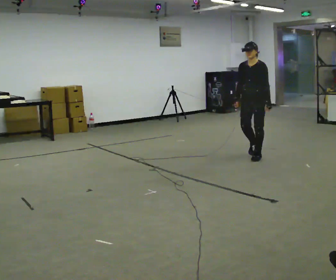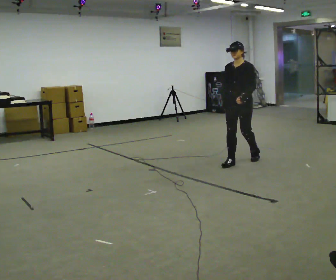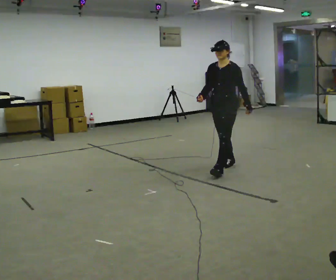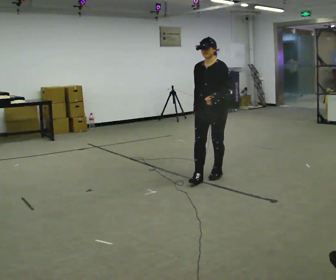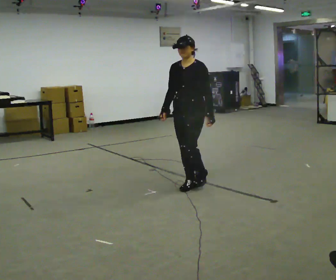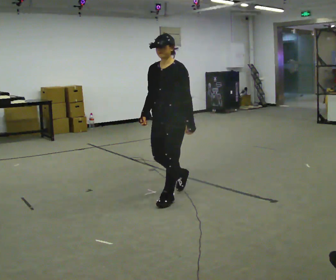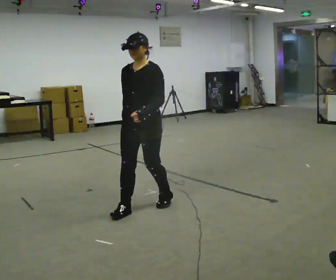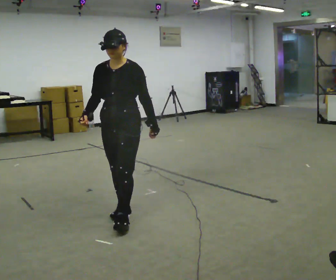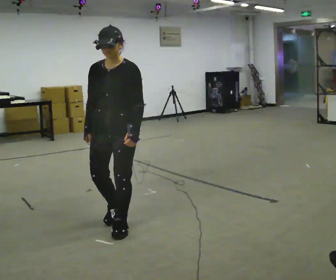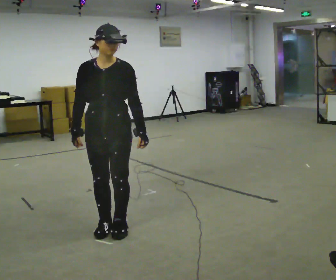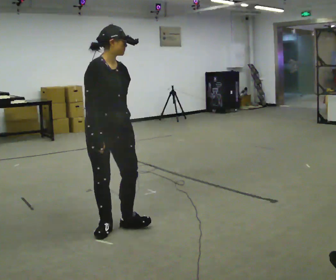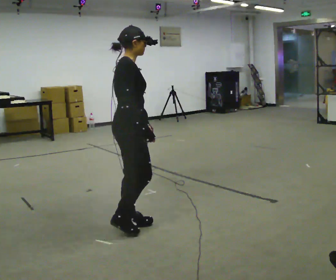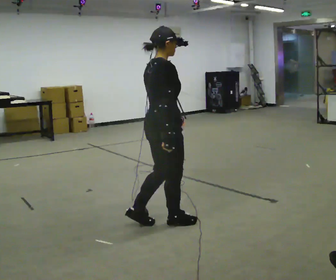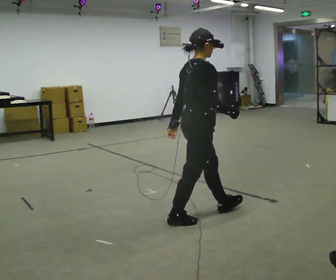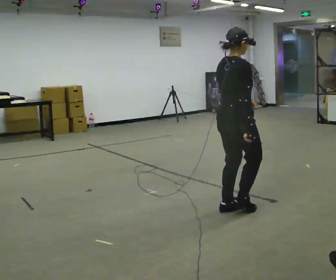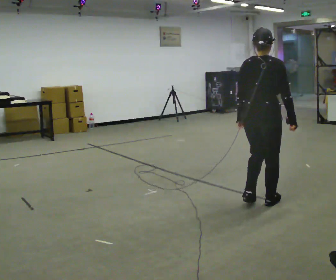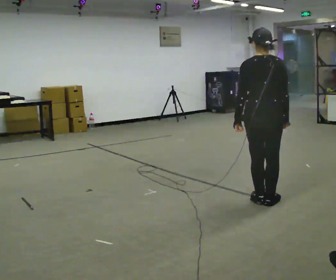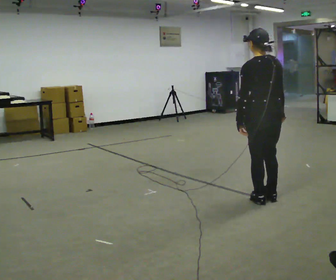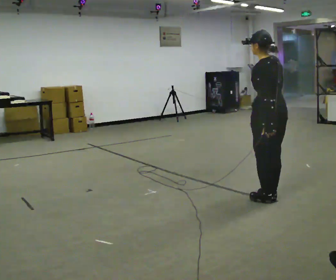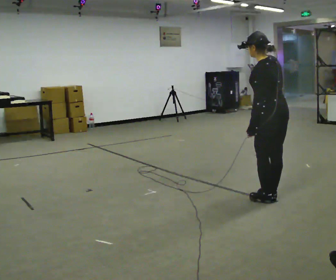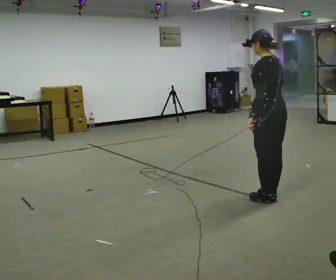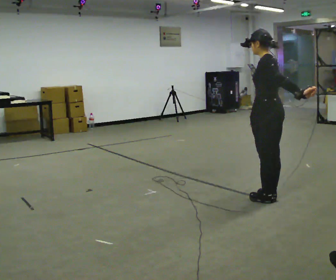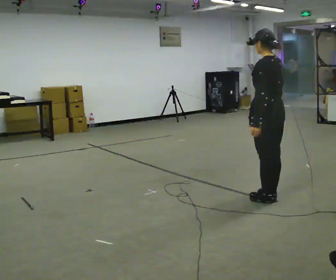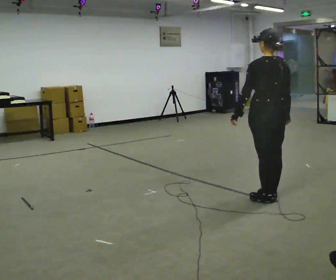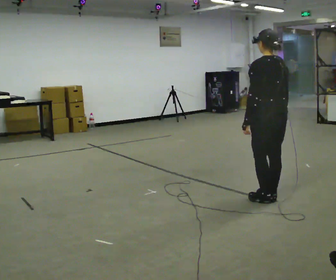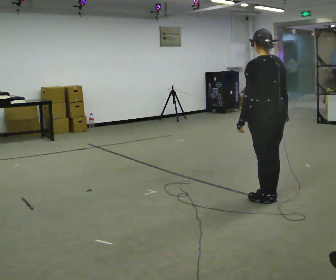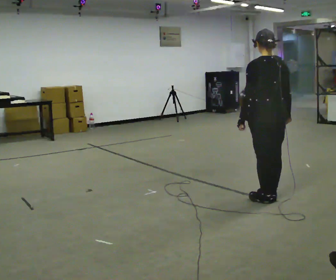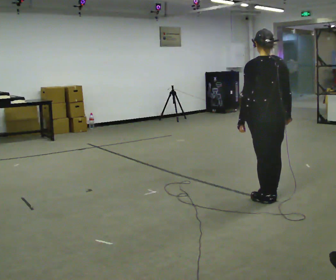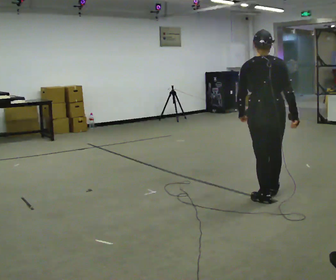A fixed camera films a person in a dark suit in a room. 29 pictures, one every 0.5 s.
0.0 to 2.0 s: In the picture they go toward the camera and to the left, about 1.5 m in 3 steps, which for them is forward.
2.0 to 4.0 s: In the picture they go toward the camera and to the left, about 1 m in 3 steps, which for them is forward.
4.0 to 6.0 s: The person turns about 135 degrees to their left, counterclockwise seen from above, so the part of the body nearest the lens slides to the right. In the picture they go to the right, about 0.25 m in 2 steps.
6.0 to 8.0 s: The person turns about 60 degrees to their left, counterclockwise seen from above, so the part of the body nearest the lens slides to the right. In the picture they go to the right and away from the camera, about 1 m in 3 steps.
8.0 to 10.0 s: Seen from above the body turns counterclockwise, about 45 degrees: to their left, with its near side sliding to the right.
10.0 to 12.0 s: The person moves a little, or ends about where they began.
12.0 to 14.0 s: The person turns about 45 degrees to their right, clockwise seen from above, so the part of the body nearest the lens slides to the left.
The film runs forward here.
